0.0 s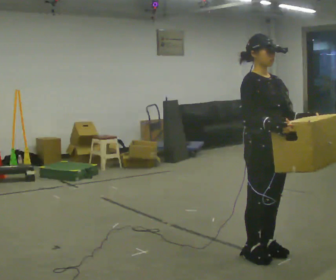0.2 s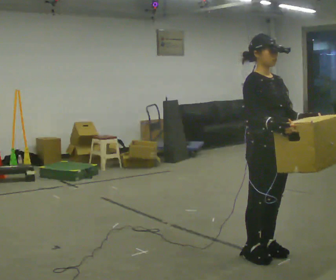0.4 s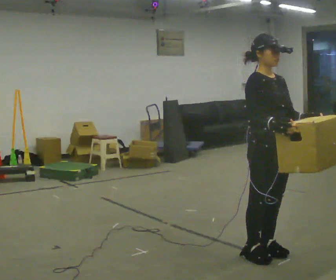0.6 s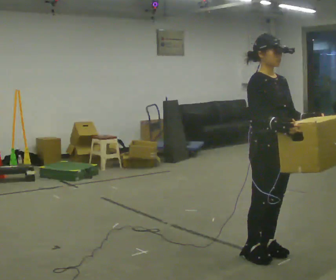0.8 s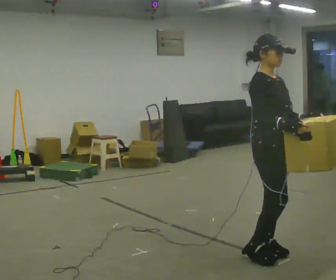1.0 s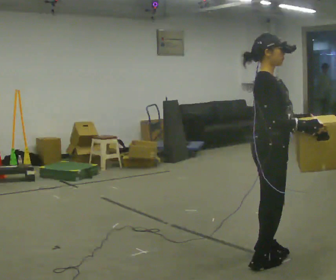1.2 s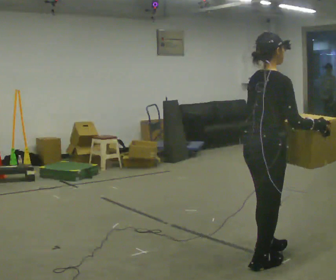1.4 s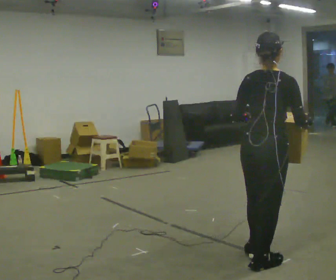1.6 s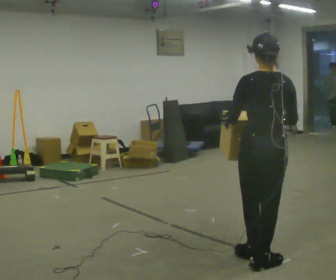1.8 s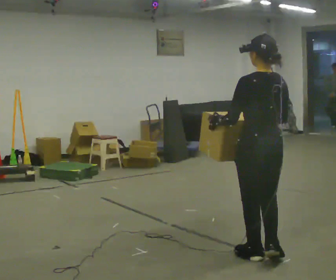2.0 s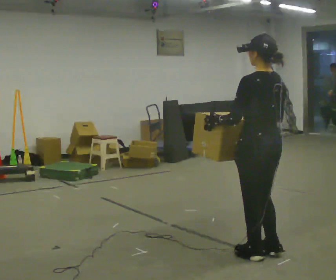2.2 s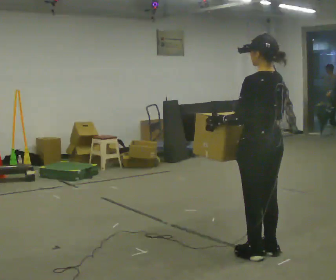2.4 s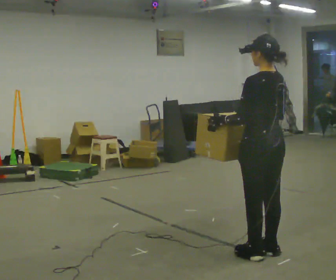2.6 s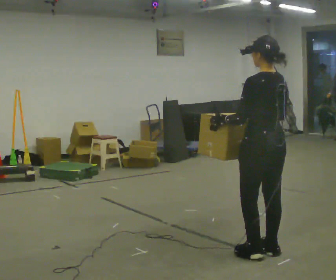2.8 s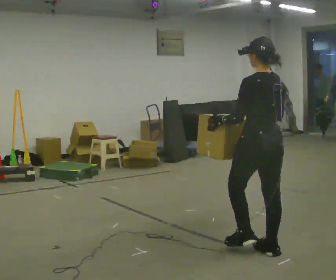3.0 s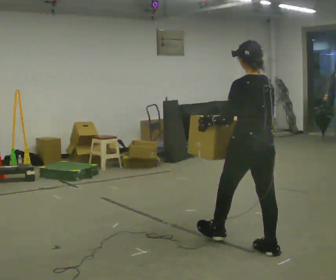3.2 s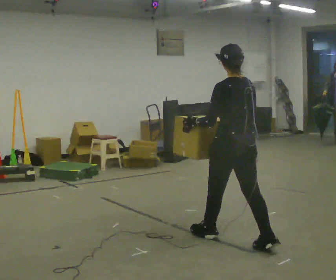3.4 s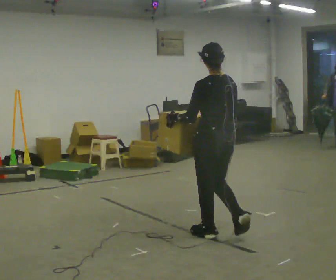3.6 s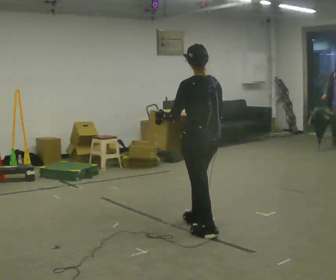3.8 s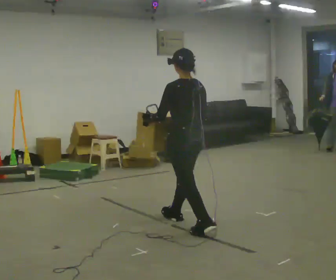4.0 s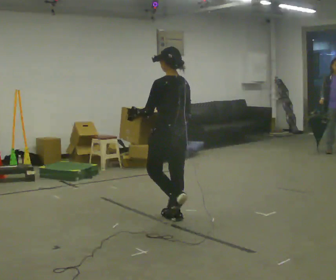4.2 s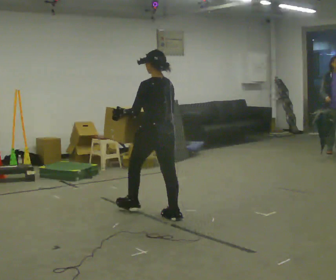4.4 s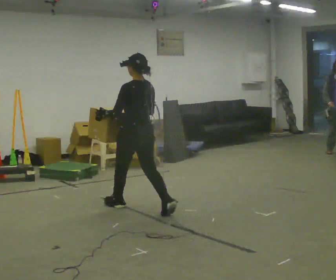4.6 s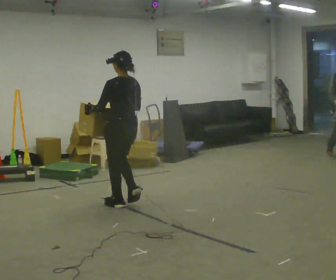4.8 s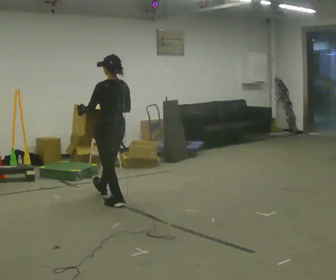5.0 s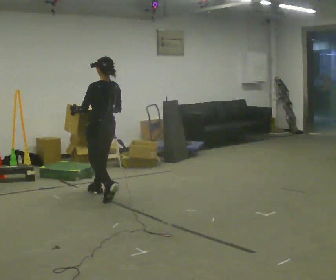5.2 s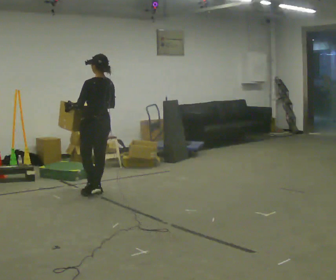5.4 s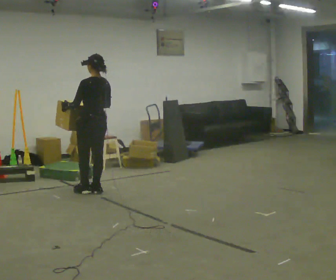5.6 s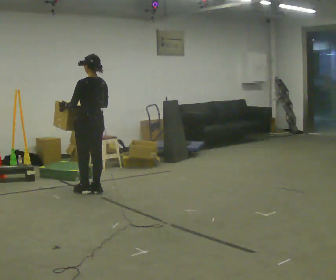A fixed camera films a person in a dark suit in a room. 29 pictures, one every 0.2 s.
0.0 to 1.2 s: The person turns about 75 degrees to their left, counterclockwise seen from above, so the part of the body nearest the lens slides to the right.
1.2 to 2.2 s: Seen from above the body turns counterclockwise, about 90 degrees: to their left, with its near side sliding to the right. In the picture they go away from the camera, about 0.25 m in 1 step. In the picture their right hand goes to the left.
2.2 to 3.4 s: In the picture they go away from the camera and to the left, about 0.5 m in 1 step, which for them is forward.
3.4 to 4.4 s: In the picture they go to the left and away from the camera, about 1 m in 2 steps, which for them is forward.
4.4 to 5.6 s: In the picture they go to the left and away from the camera, about 1 m in 2 steps, which for them is forward.
The film runs forward here.
